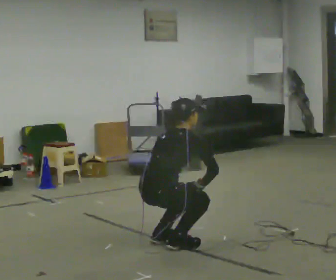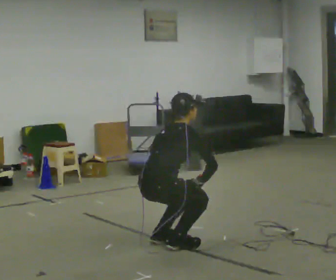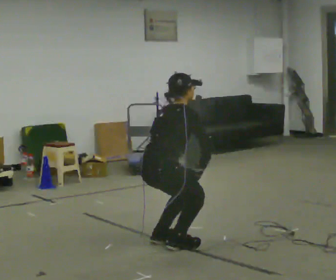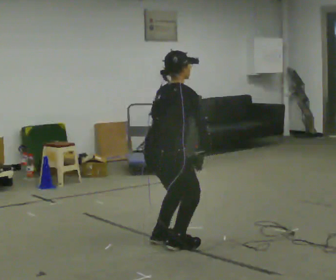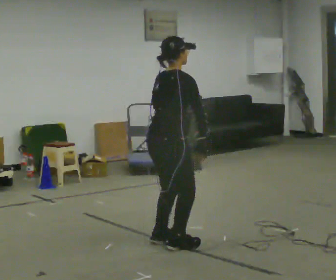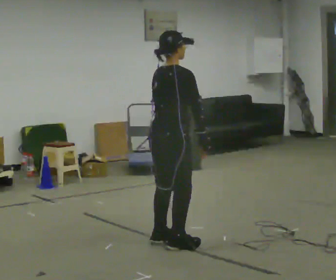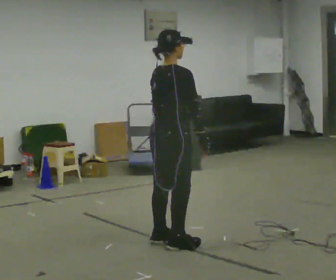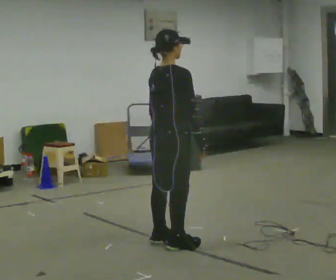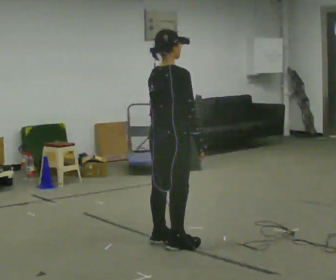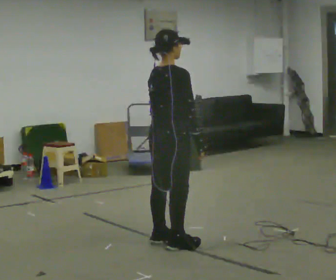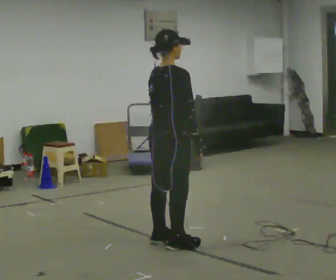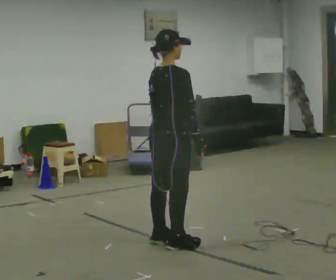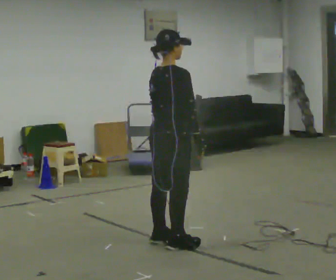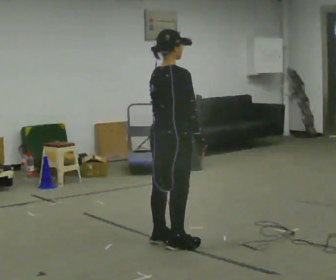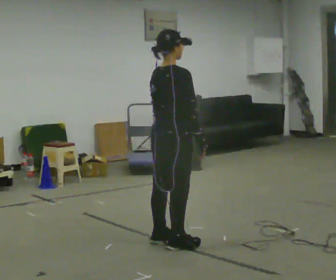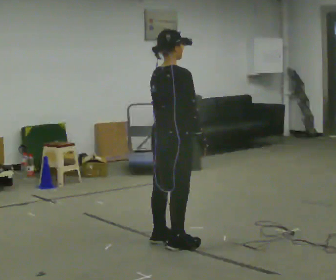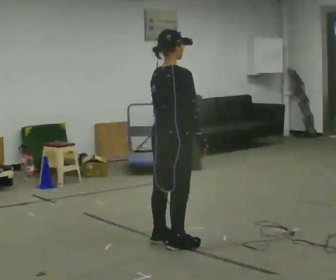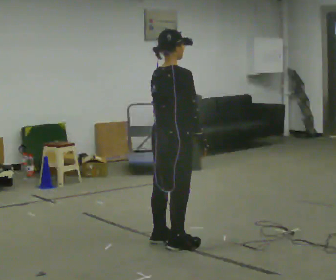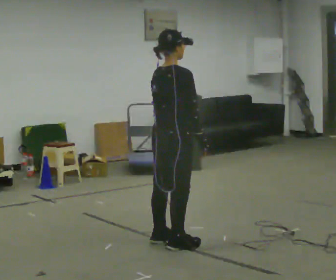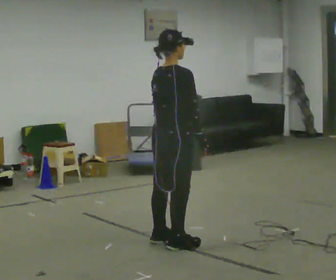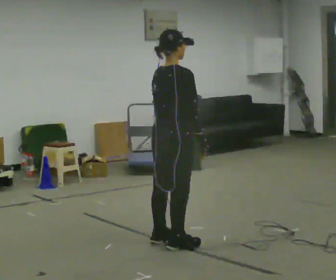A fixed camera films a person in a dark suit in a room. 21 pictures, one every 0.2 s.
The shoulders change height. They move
upward.
0.0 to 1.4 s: The upper body goes upward. In the picture the upper body tilts counterclockwise, shoulders to the left, as they lean back or straighten. In the picture their left hand goes upward.
1.4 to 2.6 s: The person moves a little, or ends about where they began.
2.6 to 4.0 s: The person keeps their place and pose.
The film runs forward here.
